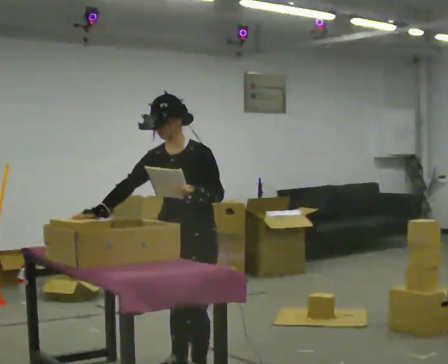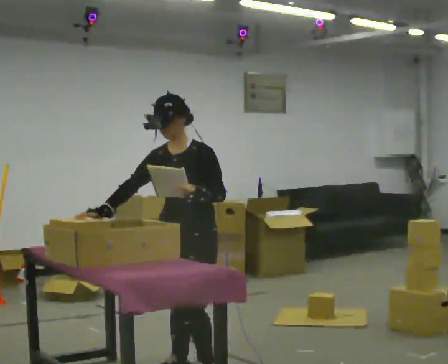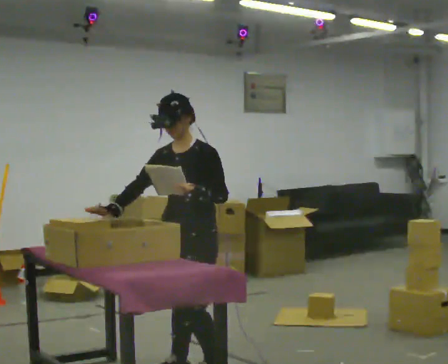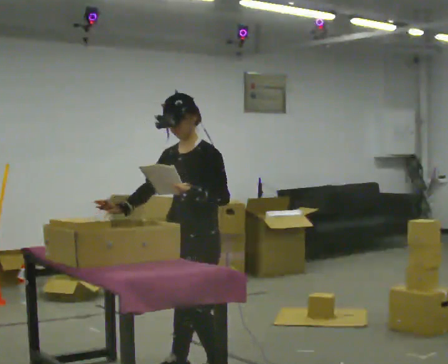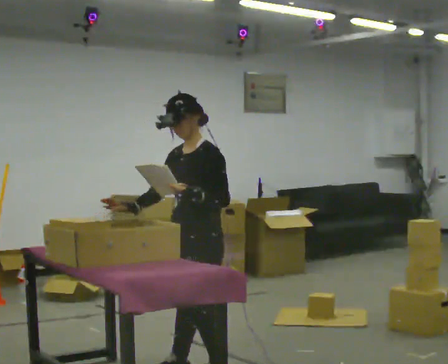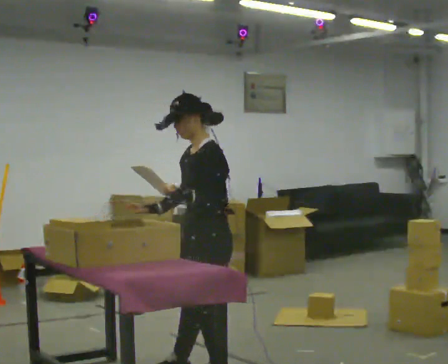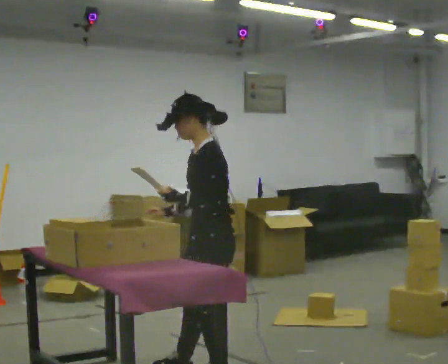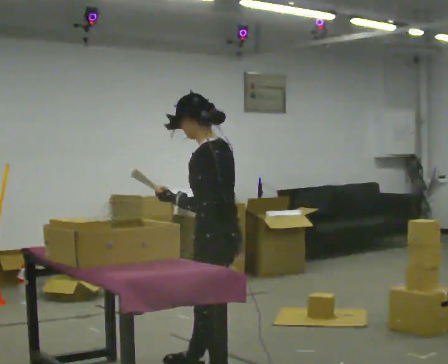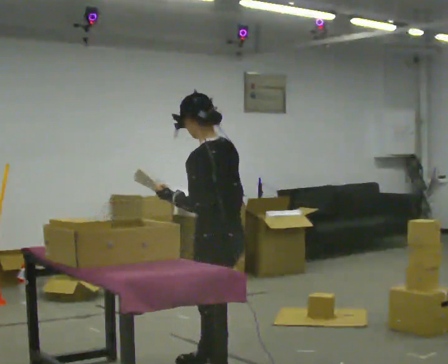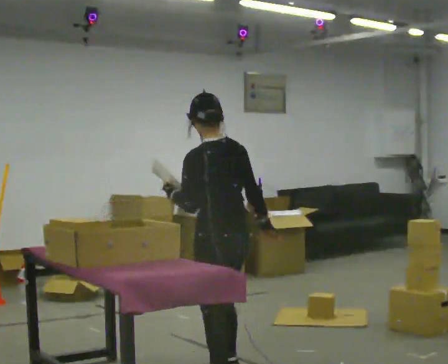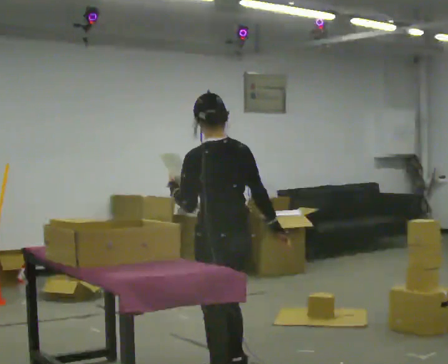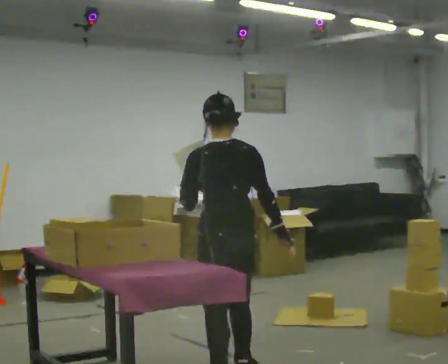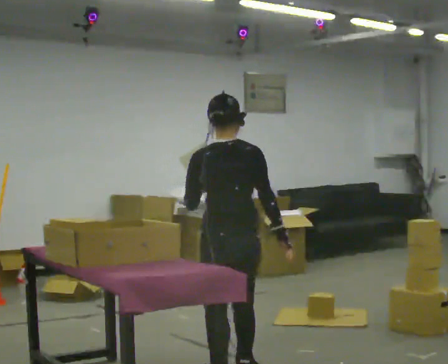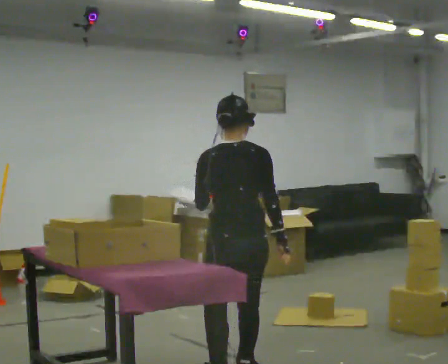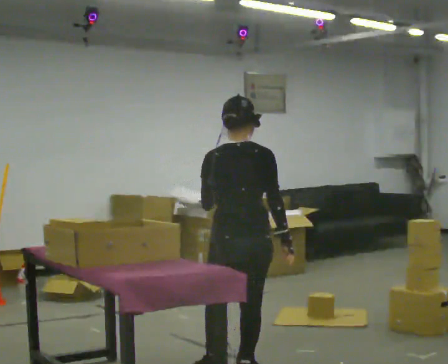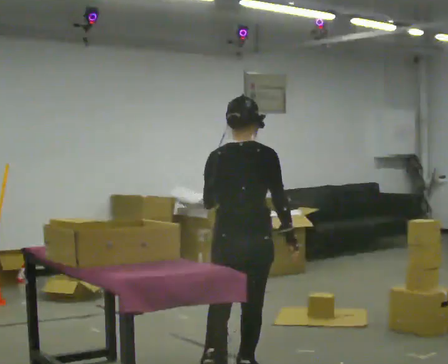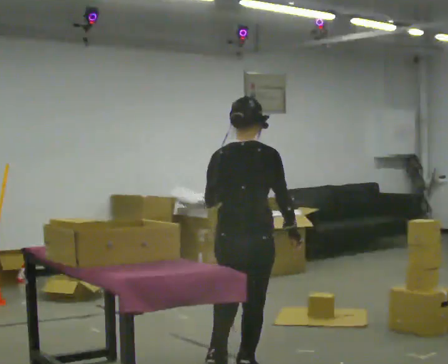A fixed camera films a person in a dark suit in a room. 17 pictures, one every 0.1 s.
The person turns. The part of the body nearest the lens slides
to the left.
The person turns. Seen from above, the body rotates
clockwise.
0.0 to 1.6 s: The part of the body nearest the lens slides to the left as the person turns to their right by about 165 degrees. In the picture they go to the right, about 0.25 m in 1 step.
The film runs forward here.
